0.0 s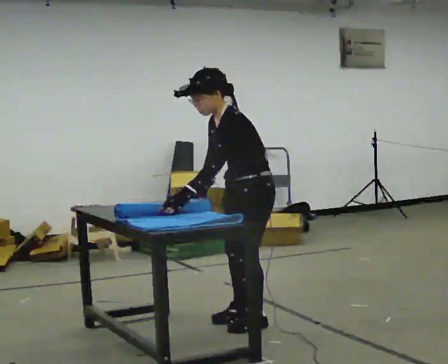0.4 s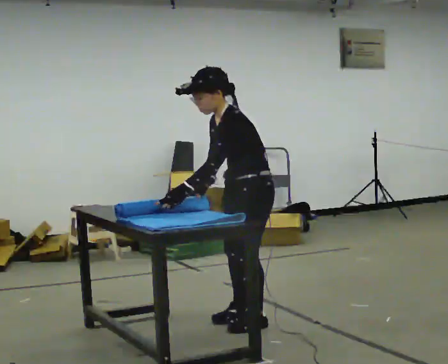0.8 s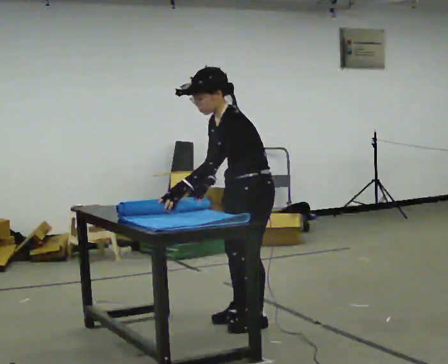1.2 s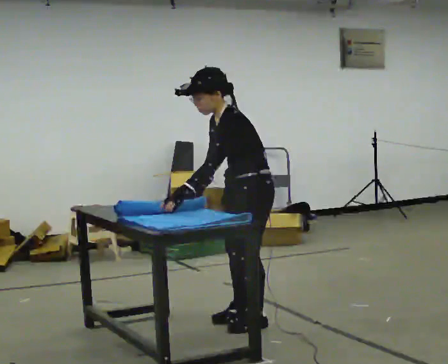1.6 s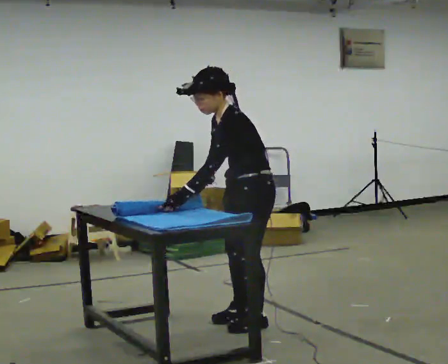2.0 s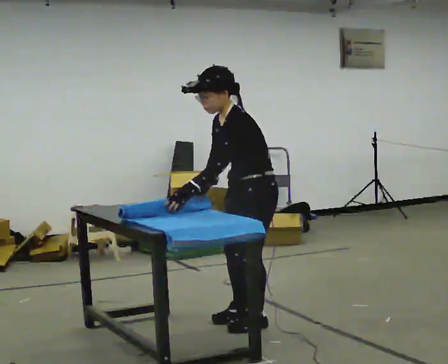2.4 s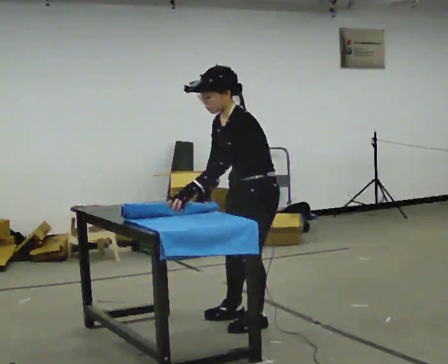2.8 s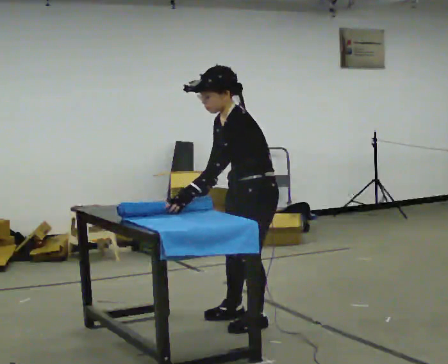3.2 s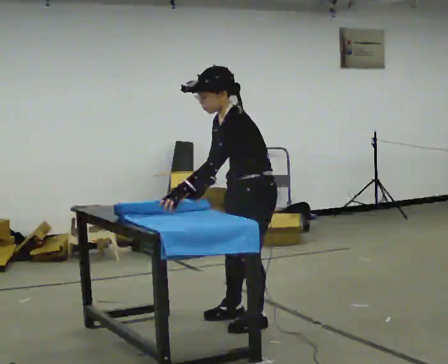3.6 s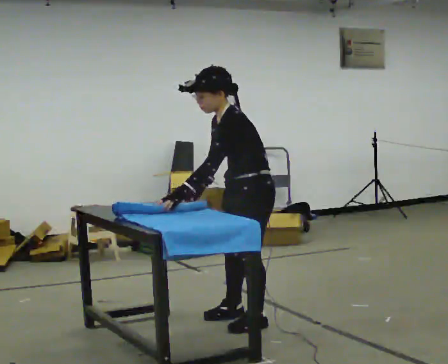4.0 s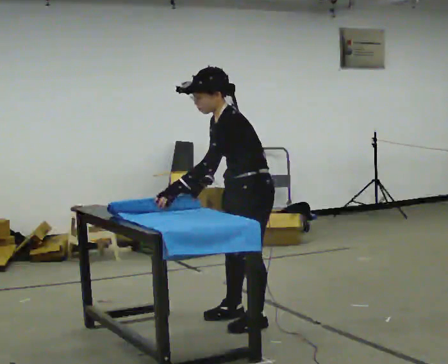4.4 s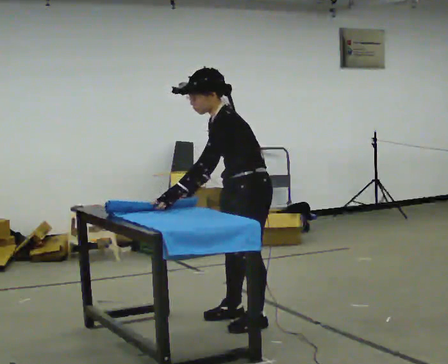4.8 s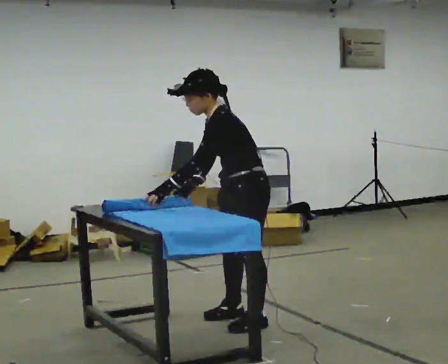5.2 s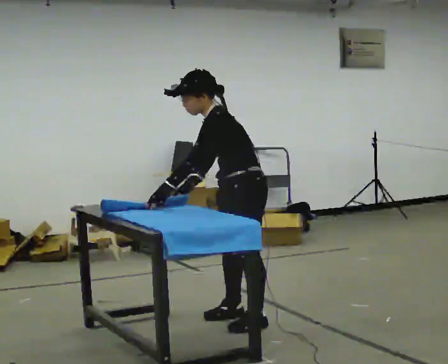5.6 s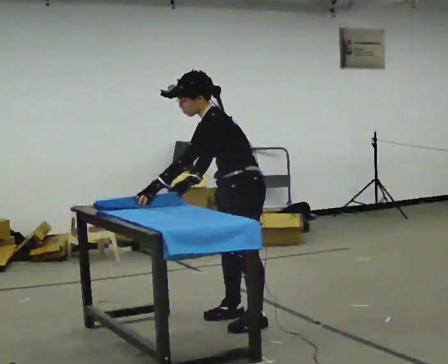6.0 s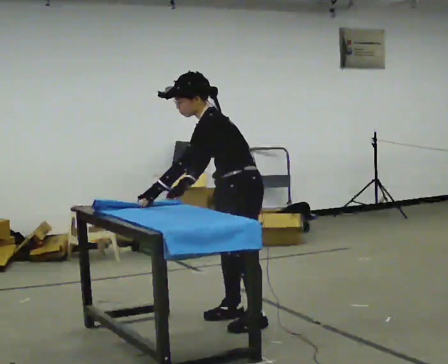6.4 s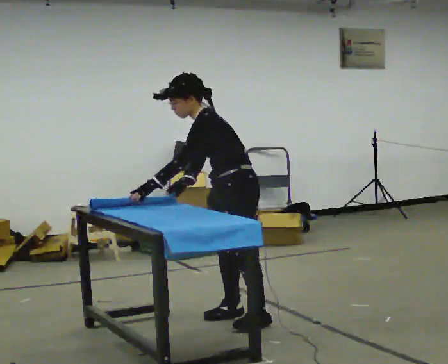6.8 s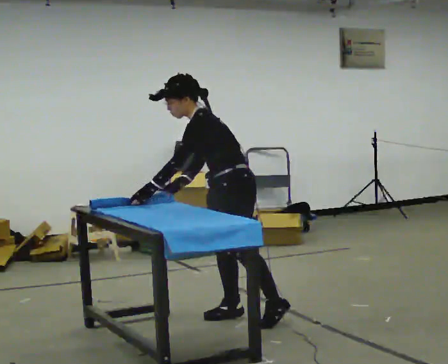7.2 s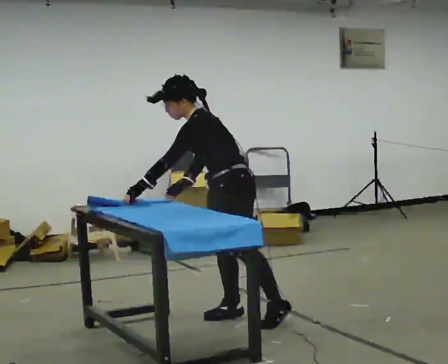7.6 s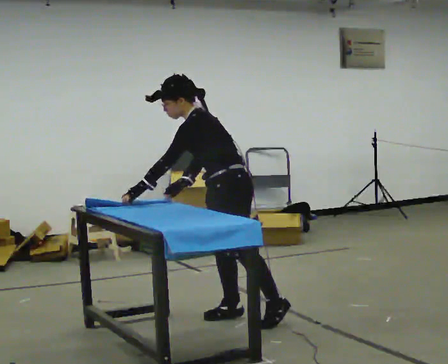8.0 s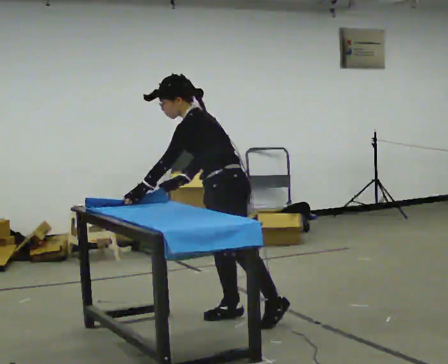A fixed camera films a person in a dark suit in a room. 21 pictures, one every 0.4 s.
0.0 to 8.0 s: In the picture they go away from the camera, about 0.25 m in 1 step, which for them is to their right. The upper body tips away from the camera, its near side rolling upward.
The film runs backward here.
